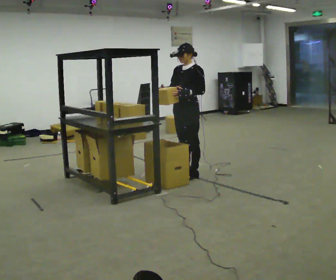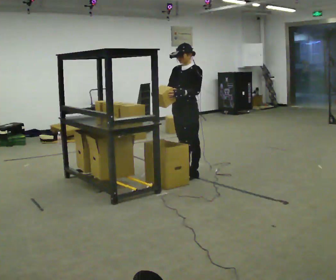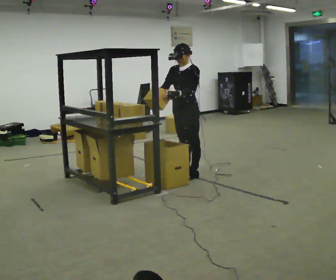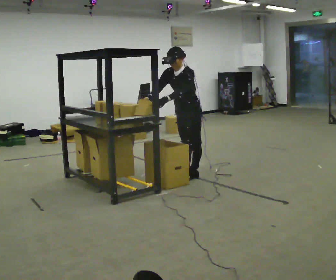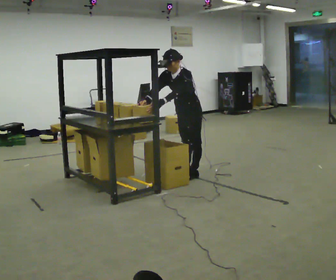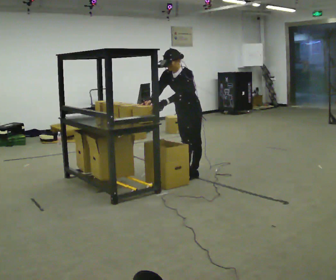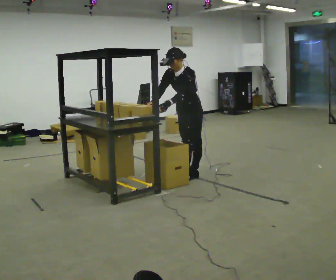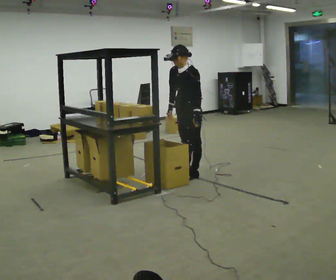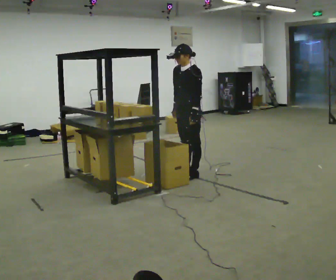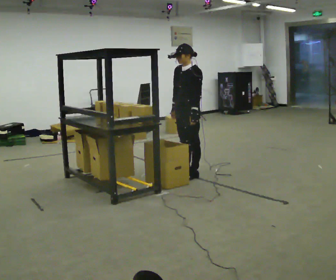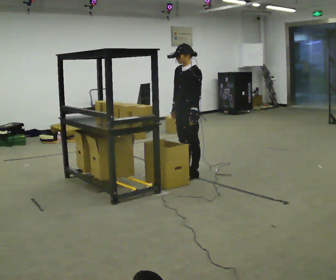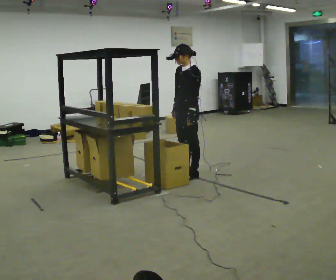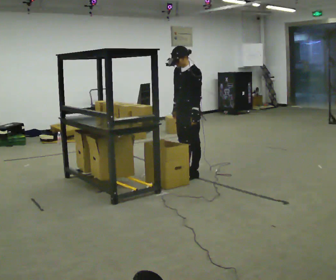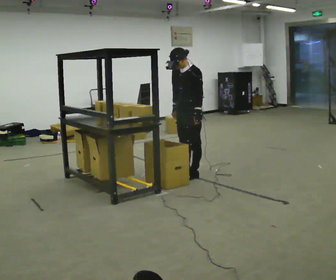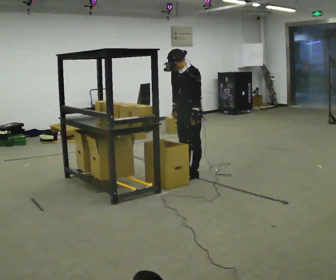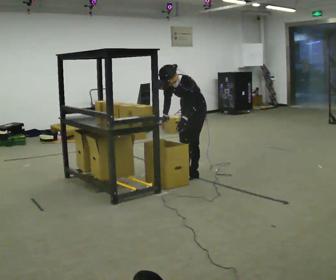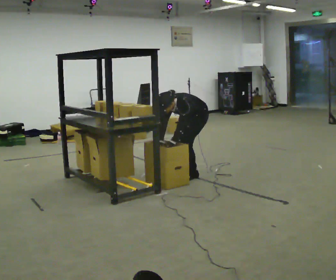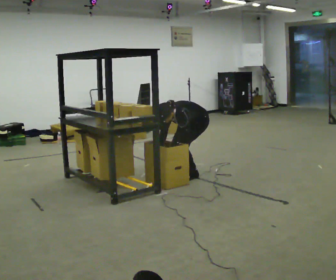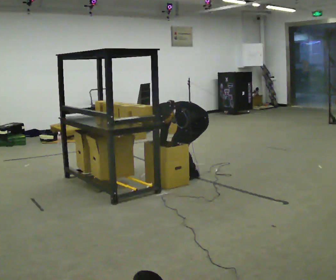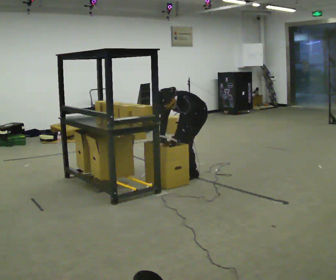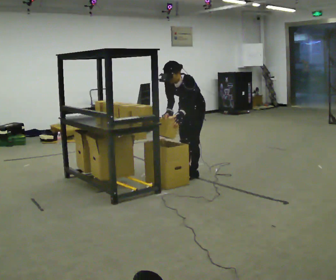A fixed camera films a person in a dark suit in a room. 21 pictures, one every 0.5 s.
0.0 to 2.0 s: The upper body tips toward the camera, its near side rolling downward, as they bend forward.
2.0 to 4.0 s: The upper body tips away from the camera, its near side rolling upward, as they lean back or straighten.
4.0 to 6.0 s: The person moves a little, or ends about where they began.
6.0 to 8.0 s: The shoulders move downward. In the picture the upper body tilts counterclockwise, shoulders to the left, as they bend forward. In the picture their right hand goes downward.
8.0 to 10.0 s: In the picture the upper body tilts clockwise, shoulders to the right, as they lean back or straighten. In the picture their right hand goes upward.
The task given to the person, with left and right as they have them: 1. Take everything out of the crates by the door. 2. Put the small items on the middle shelf. 3. Put the large items on the bottom shelf. 4. Stack the empty crates by the door. 5. Tell the operator when you are finished.
The film runs forward here.
